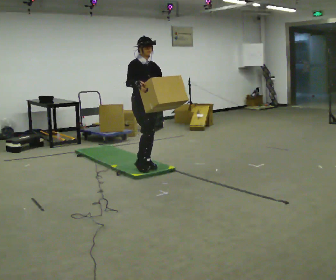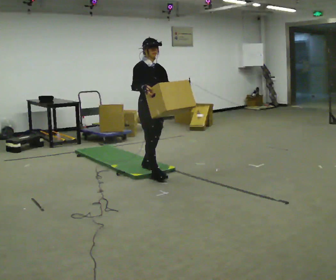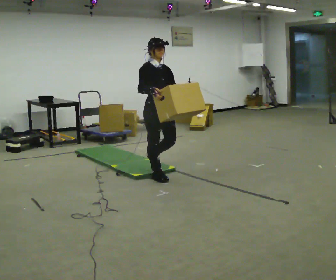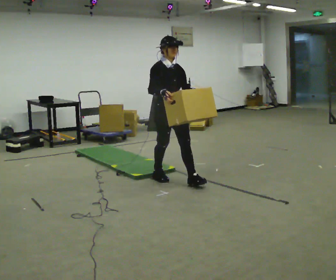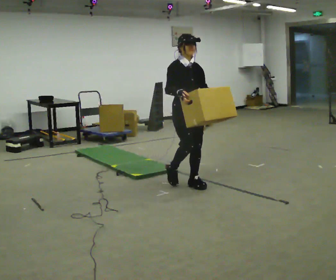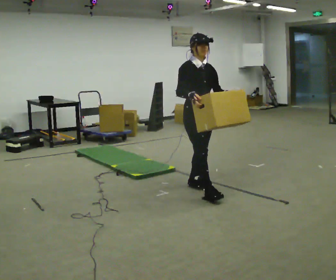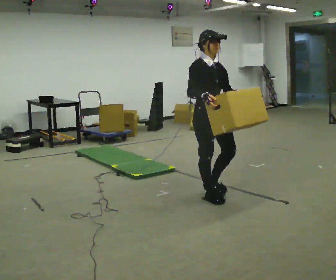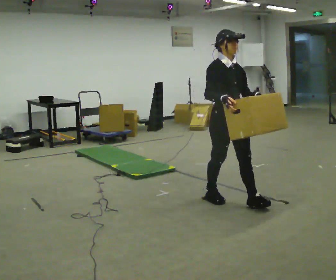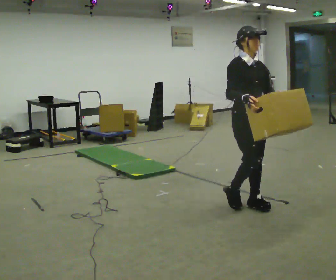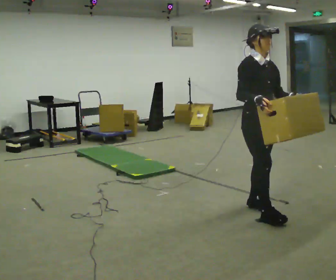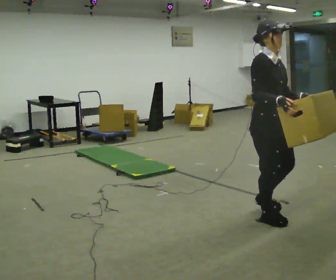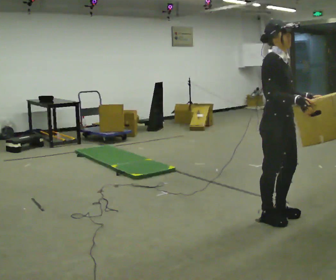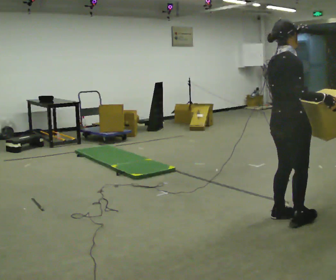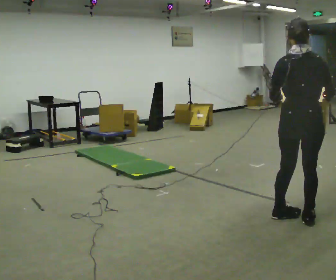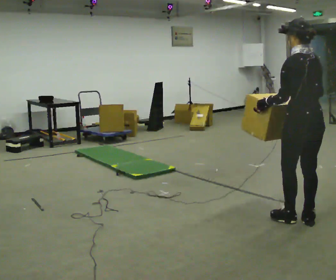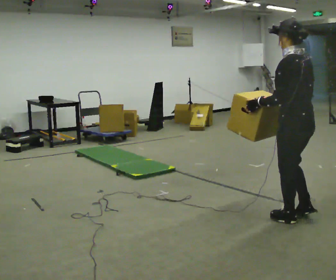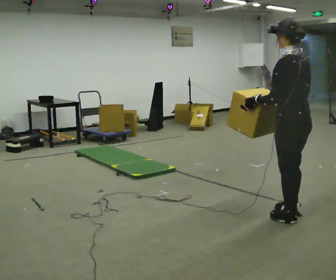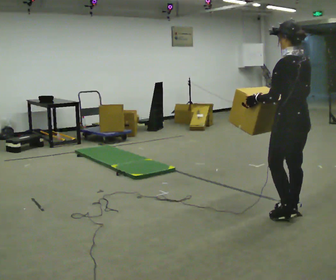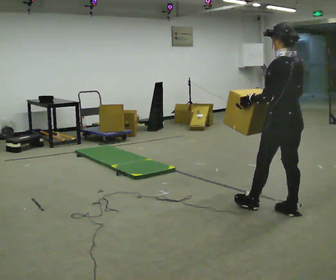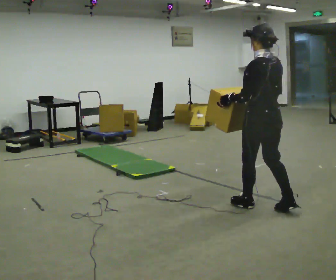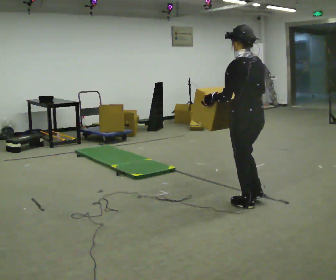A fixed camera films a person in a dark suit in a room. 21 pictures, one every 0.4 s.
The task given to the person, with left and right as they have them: Carry the box across the soft uneven mat, set it down on the far side, then bring it back. Keep going until the operator says stop; one object at a time, and do not rush between trips.
0.0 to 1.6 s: In the picture they go to the right and toward the camera, about 1 m in 2 steps, which for them is forward.
1.6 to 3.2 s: In the picture they go to the right and toward the camera, about 1 m in 2 steps, which for them is forward.
3.2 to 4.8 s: The part of the body nearest the lens slides to the right as the person turns to their left by about 75 degrees. In the picture they go to the right and toward the camera, about 0.5 m in 2 steps.
4.8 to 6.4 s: The person turns about 120 degrees to their left, counterclockwise seen from above, so the part of the body nearest the lens slides to the right.
6.4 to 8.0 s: In the picture they go to the left and away from the camera, about 0.5 m in 1 step, which for them is forward.
The film runs forward here.
